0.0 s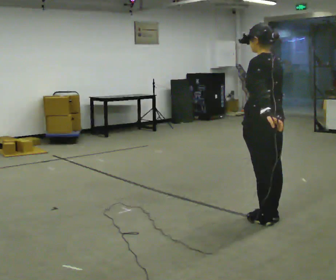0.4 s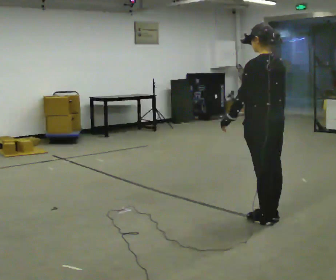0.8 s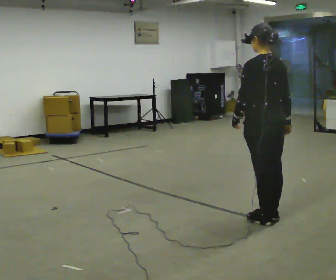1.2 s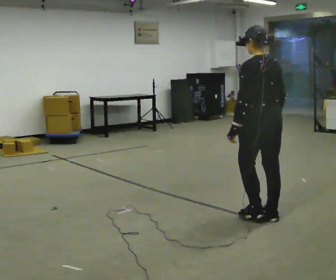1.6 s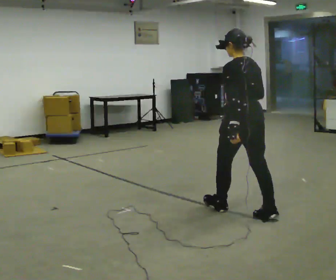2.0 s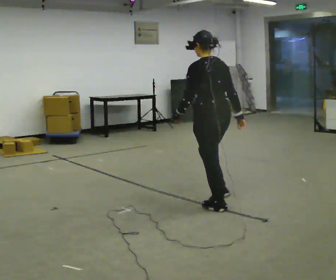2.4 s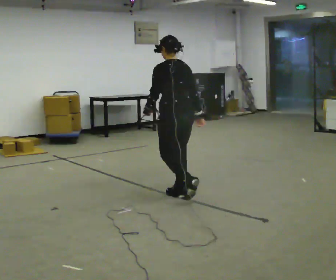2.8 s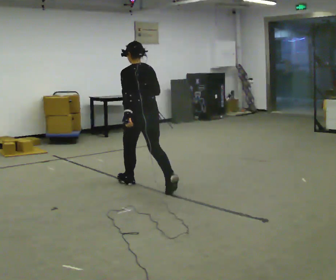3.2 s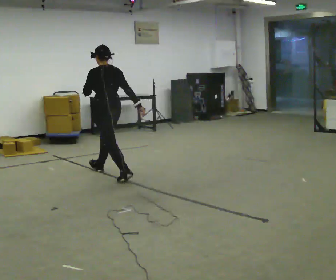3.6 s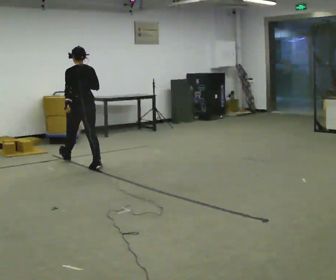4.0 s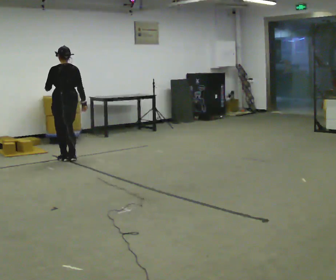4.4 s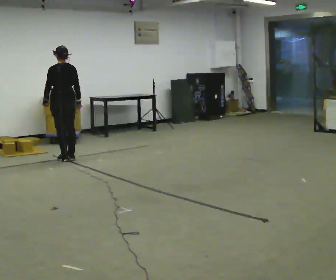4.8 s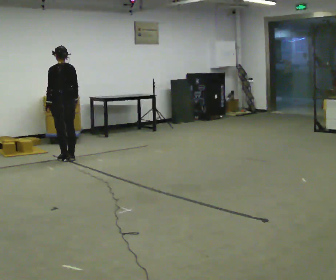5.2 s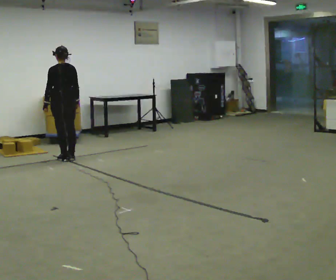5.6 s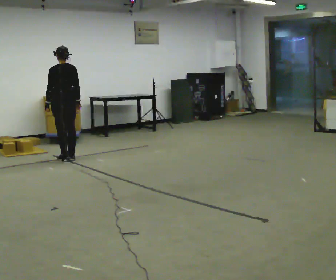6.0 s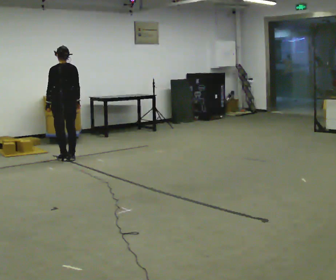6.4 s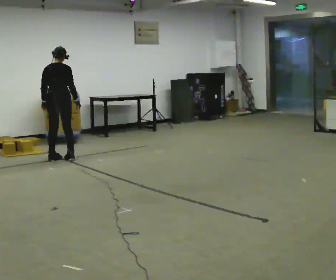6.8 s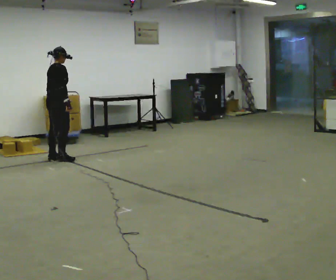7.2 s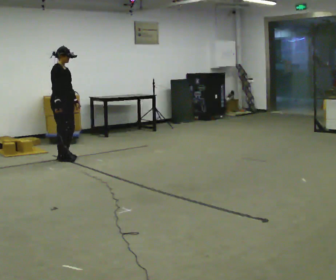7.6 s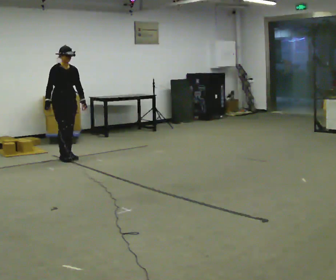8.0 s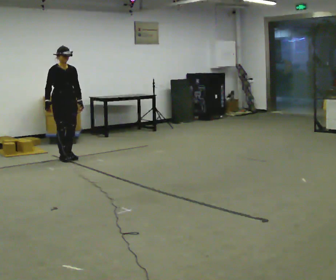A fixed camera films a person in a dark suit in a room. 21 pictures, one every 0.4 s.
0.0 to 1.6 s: In the picture they go away from the camera, about 0.25 m in 1 step, which for them is forward.
1.6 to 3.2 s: In the picture they go away from the camera and to the left, about 2 m in 2 steps, which for them is forward.
3.2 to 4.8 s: In the picture they go away from the camera and to the left, about 1 m in 3 steps, which for them is forward.
4.8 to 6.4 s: The person turns about 45 degrees to their right, clockwise seen from above, so the part of the body nearest the lens slides to the left.
6.4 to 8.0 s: Seen from above the body turns clockwise, about 135 degrees: to their right, with its near side sliding to the left. In the picture their right hand goes to the left, the arm swinging clockwise.
The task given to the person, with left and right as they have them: Start still; gradually go slow → normal → fast; briefly maintain fast speed; stop.
The film runs forward here.
